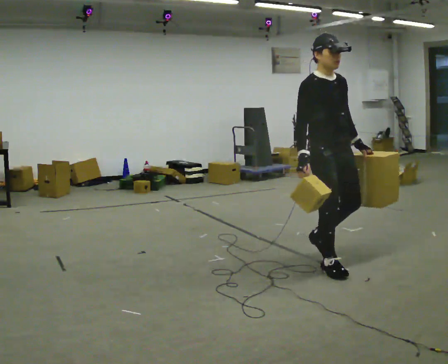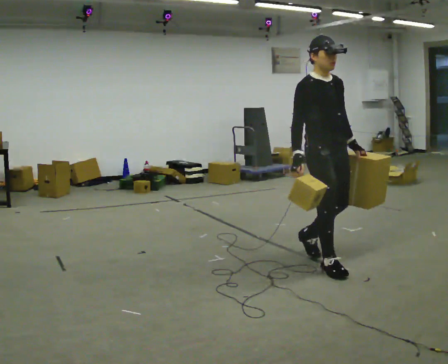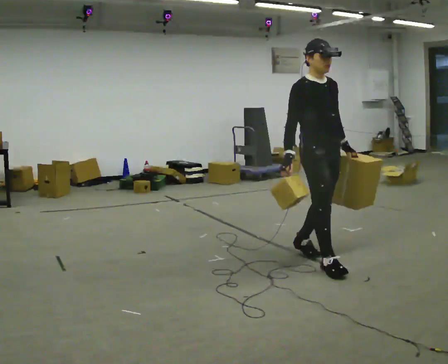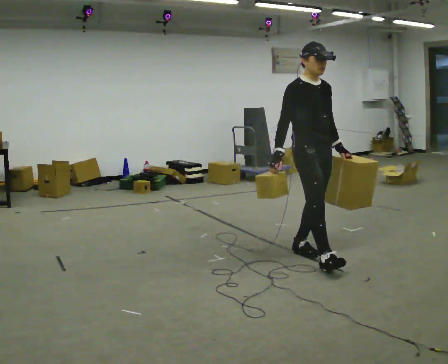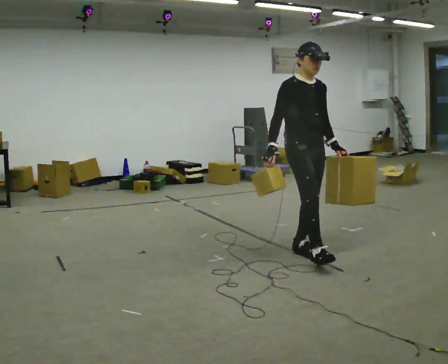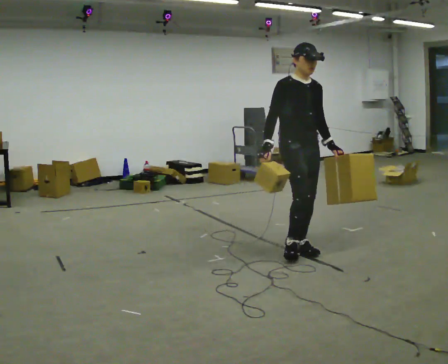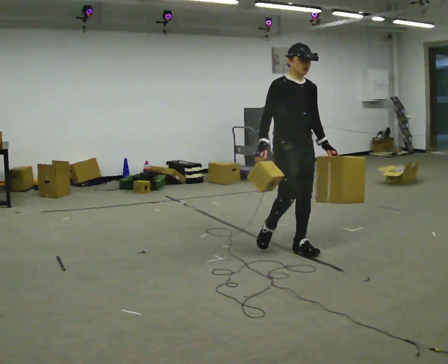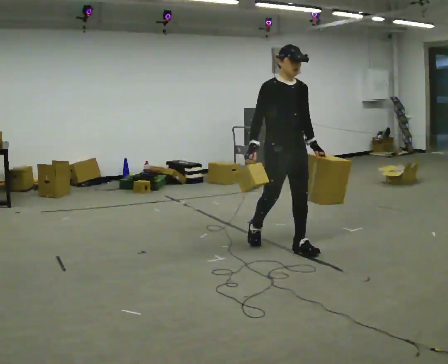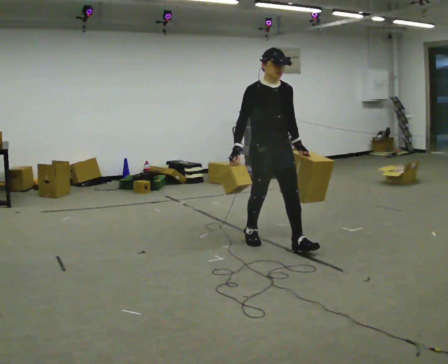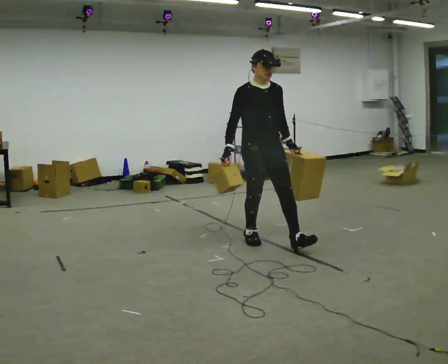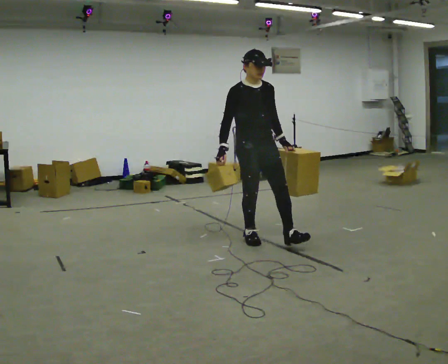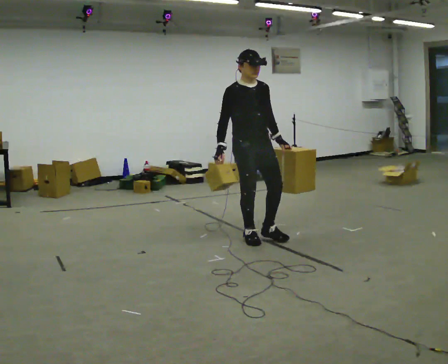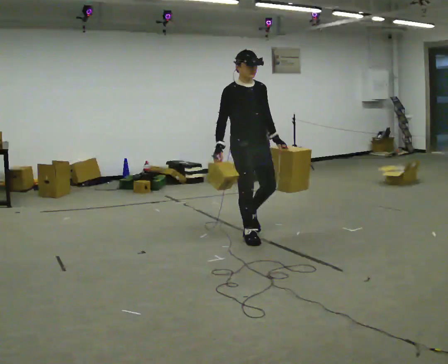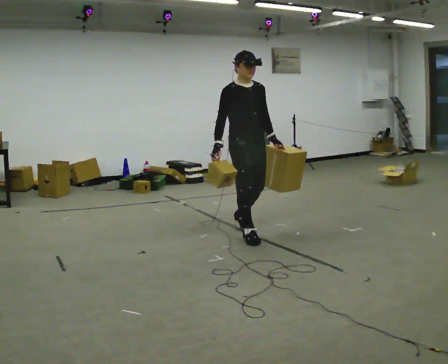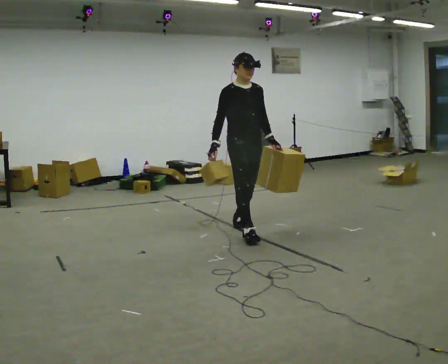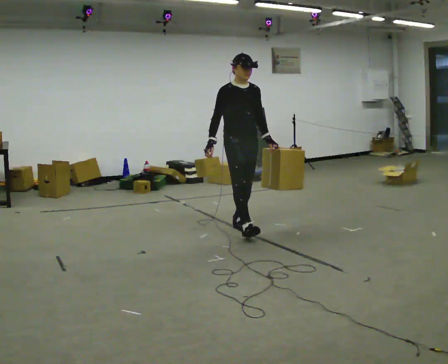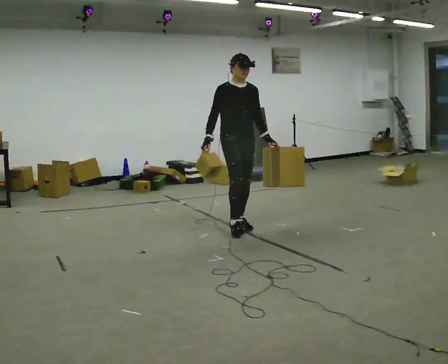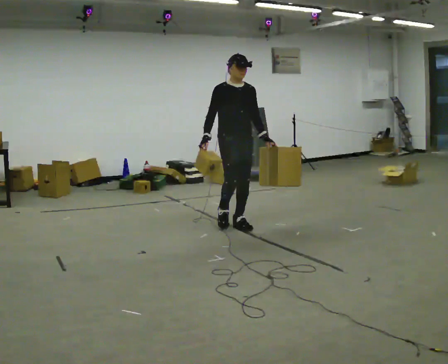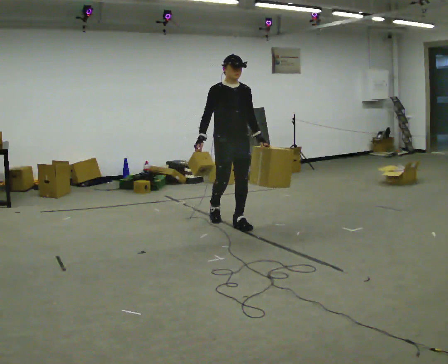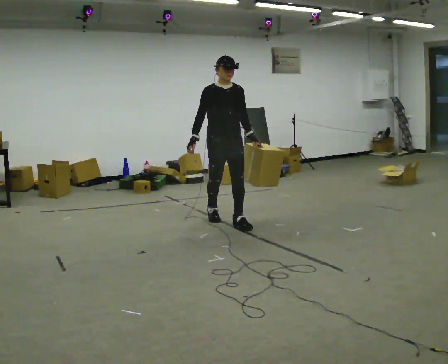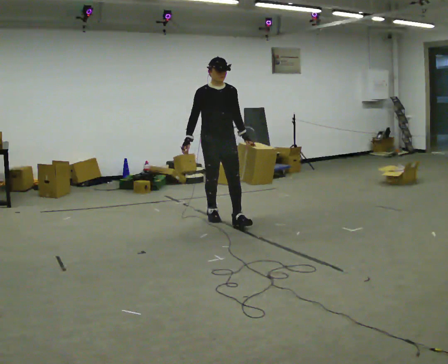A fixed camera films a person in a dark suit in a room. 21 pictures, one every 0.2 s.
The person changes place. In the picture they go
away from the camera.
0.0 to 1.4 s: In the picture they go away from the camera and to the left, about 0.75 m in 1 step, which for them is backward.
1.4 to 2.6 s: In the picture they go away from the camera and to the left, about 0.5 m in 1 step, which for them is backward.
2.6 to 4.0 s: In the picture they go away from the camera and to the left, about 0.75 m in 1 step, which for them is backward.
The film runs backward here.
